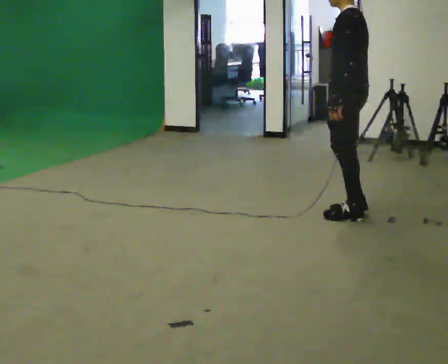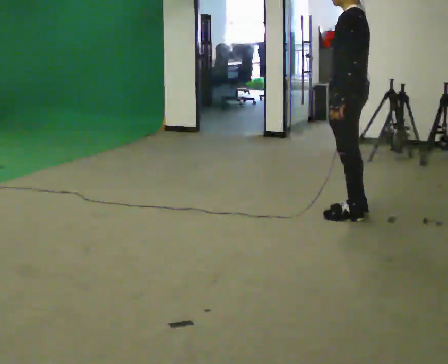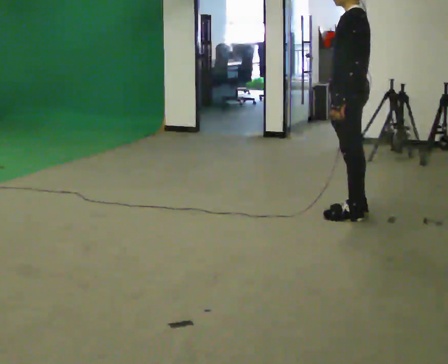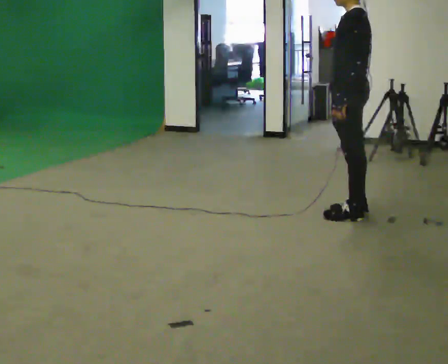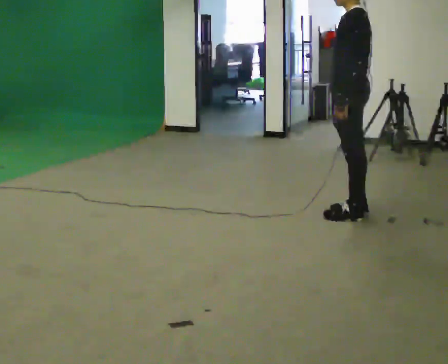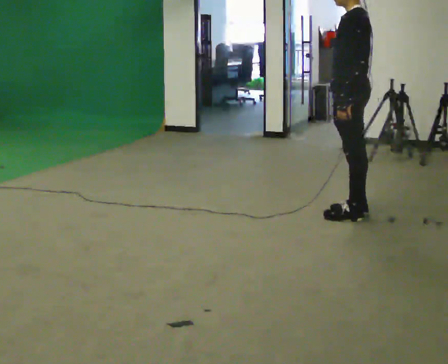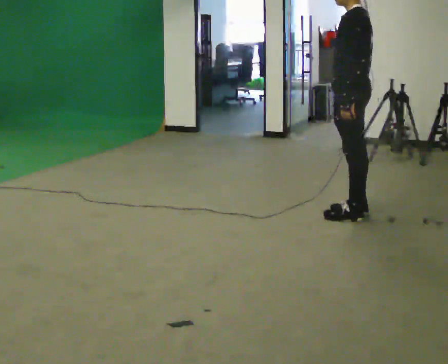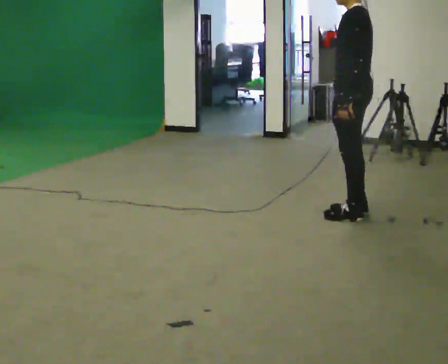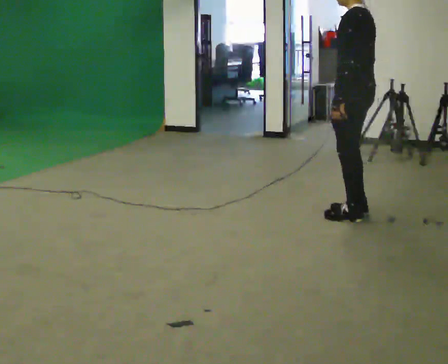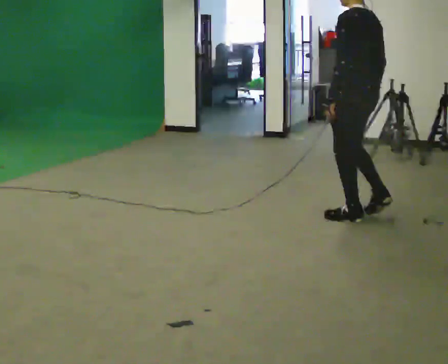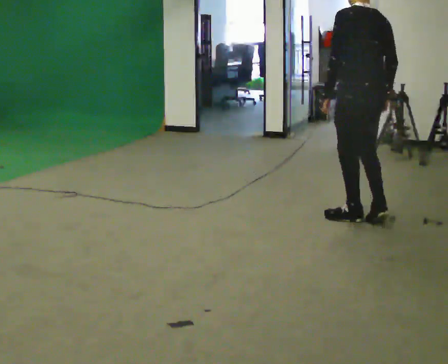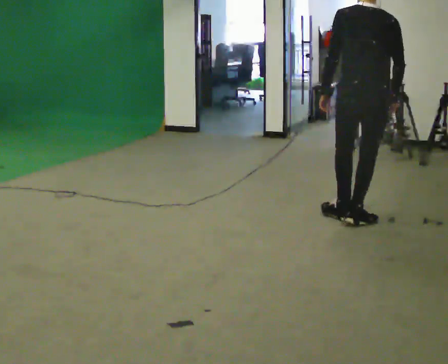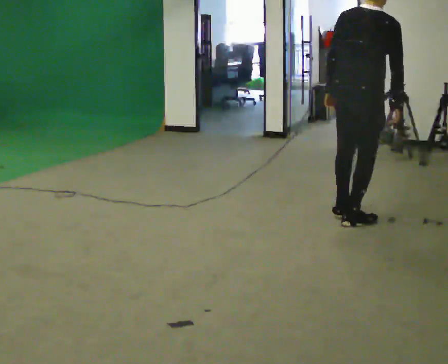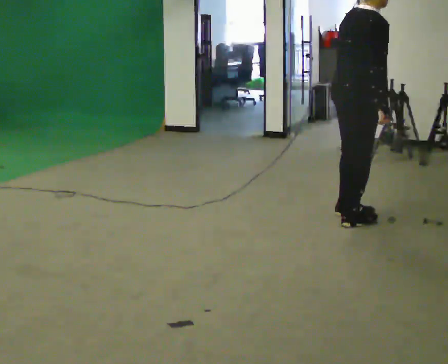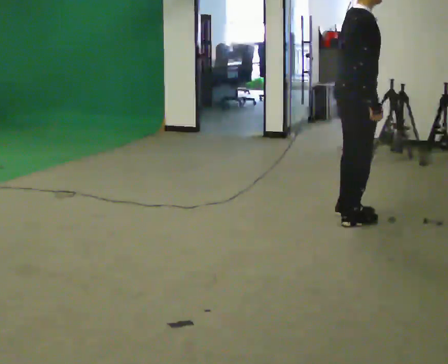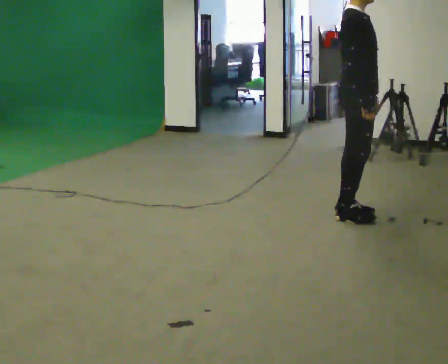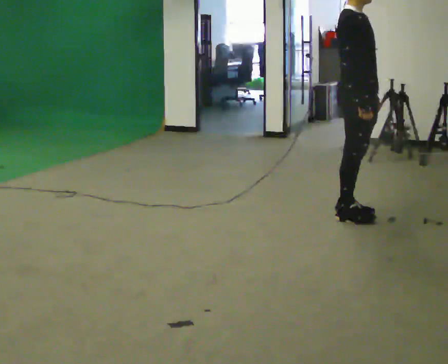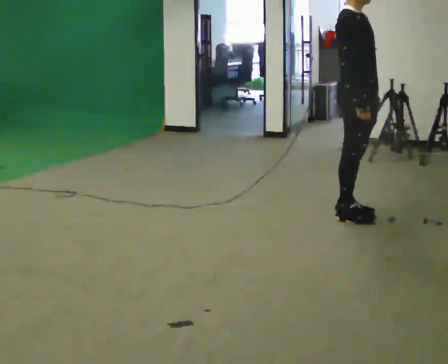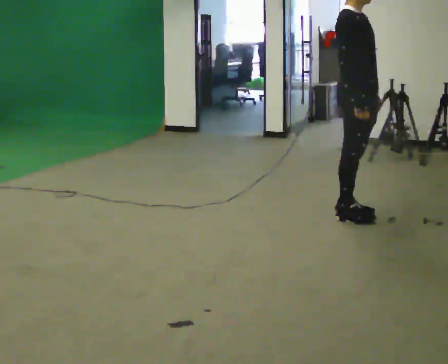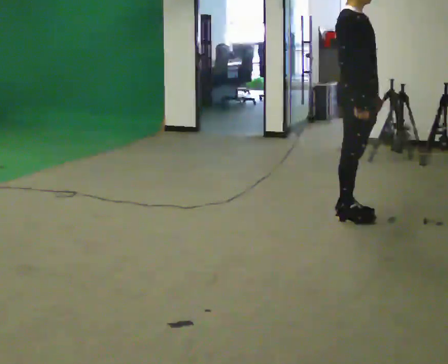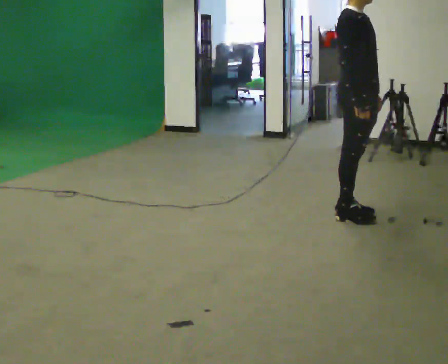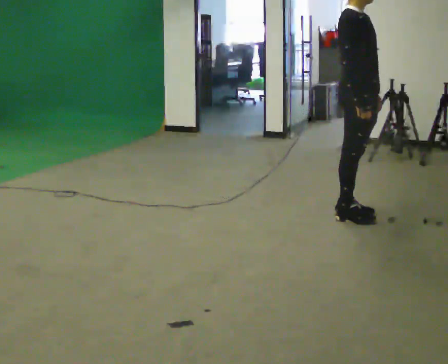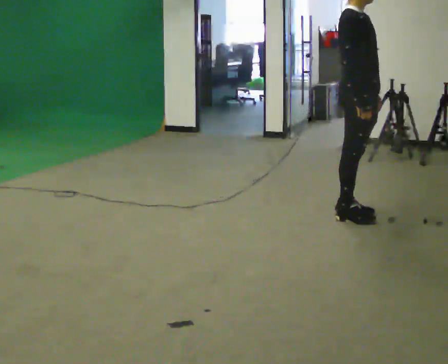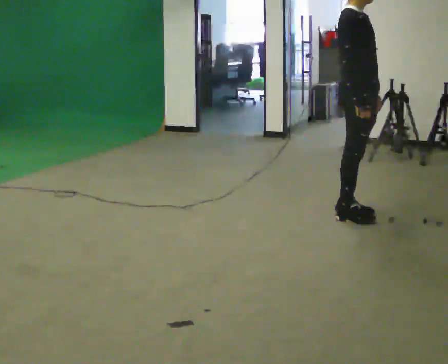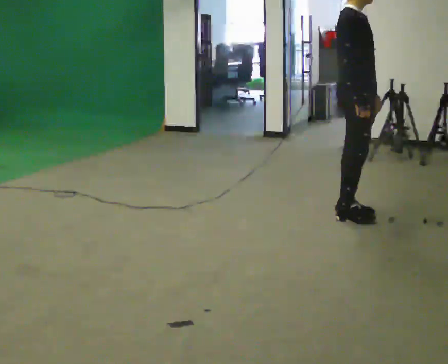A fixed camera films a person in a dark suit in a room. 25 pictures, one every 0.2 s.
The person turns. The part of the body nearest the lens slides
to the left.
The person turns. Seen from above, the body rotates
clockwise.
0.0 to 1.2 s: The person moves a little, or ends about where they began.
1.2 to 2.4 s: Seen from above the body turns clockwise, about 105 degrees: to their right, with its near side sliding to the left. In the picture they go toward the camera, about 0.25 m in 2 steps.
2.4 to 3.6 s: Seen from above the body turns clockwise, about 90 degrees: to their right, with its near side sliding to the left.
3.6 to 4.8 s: The person moves a little, or ends about where they began.
The film runs backward here.
